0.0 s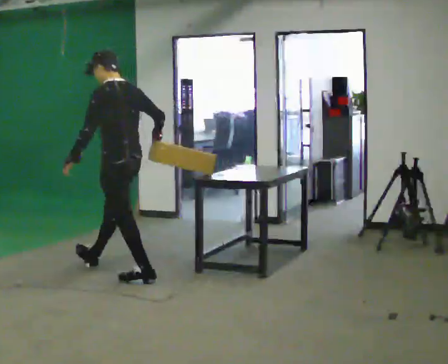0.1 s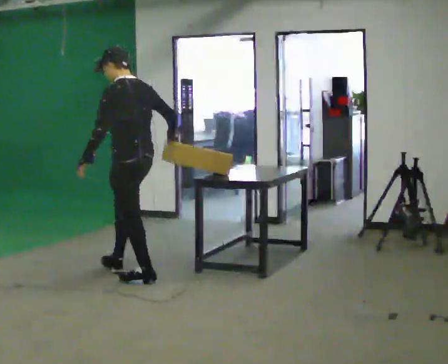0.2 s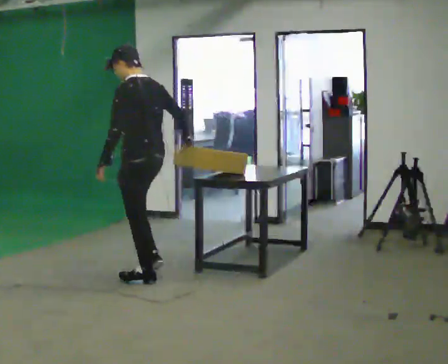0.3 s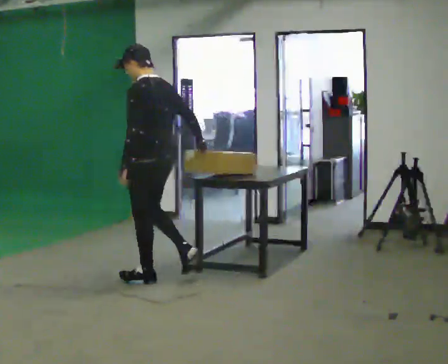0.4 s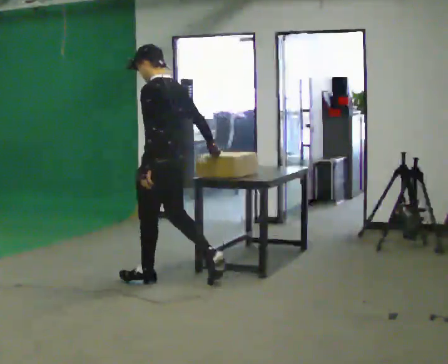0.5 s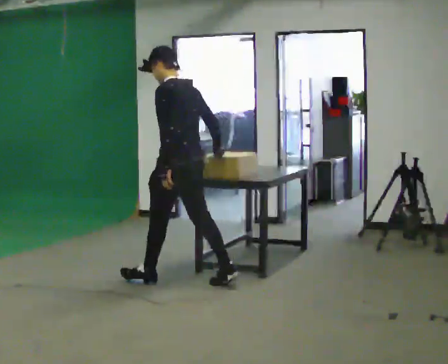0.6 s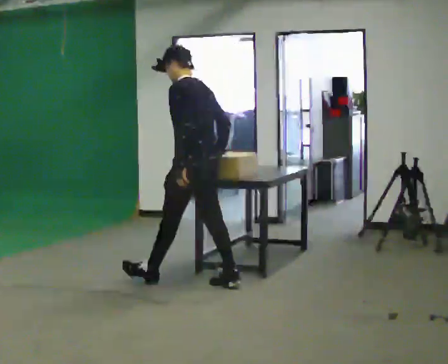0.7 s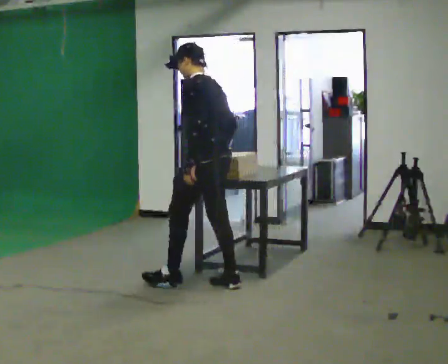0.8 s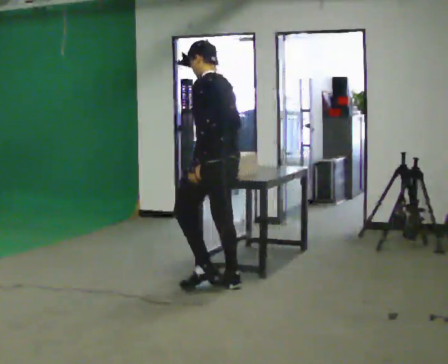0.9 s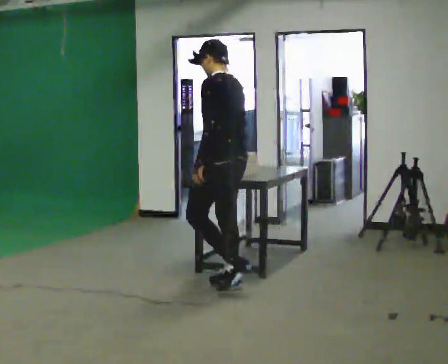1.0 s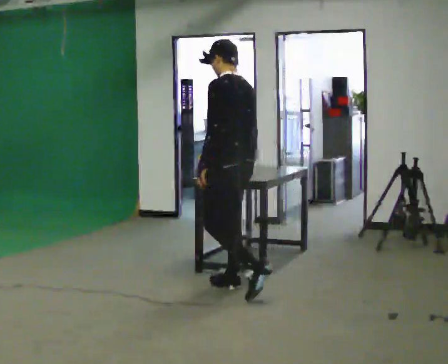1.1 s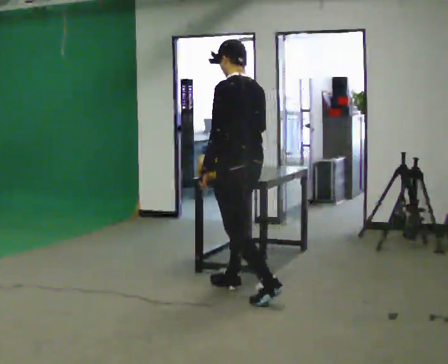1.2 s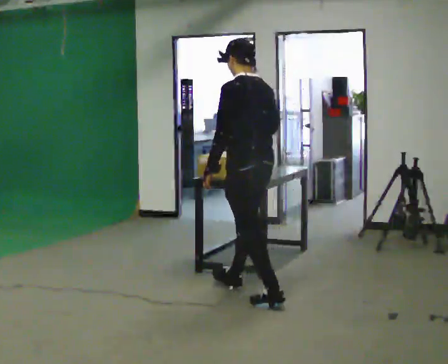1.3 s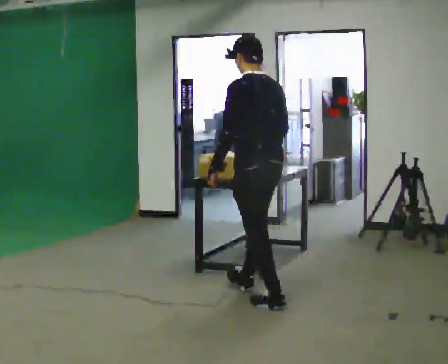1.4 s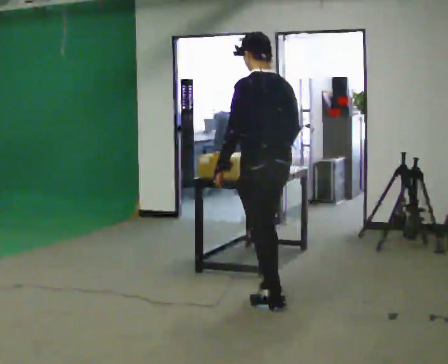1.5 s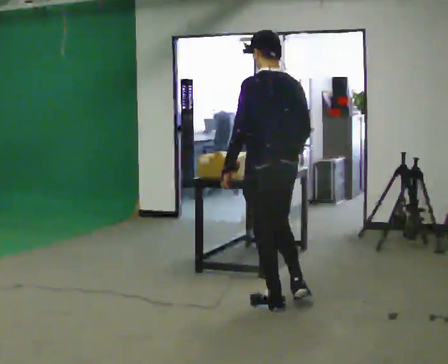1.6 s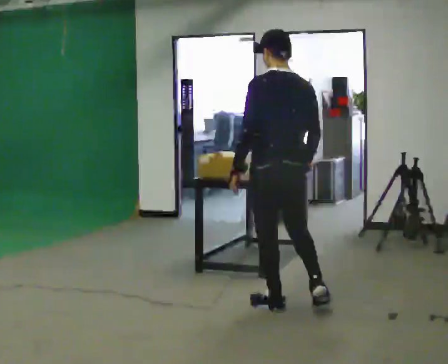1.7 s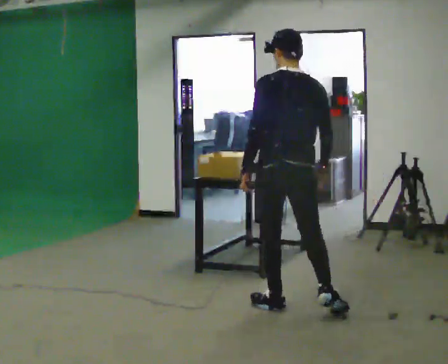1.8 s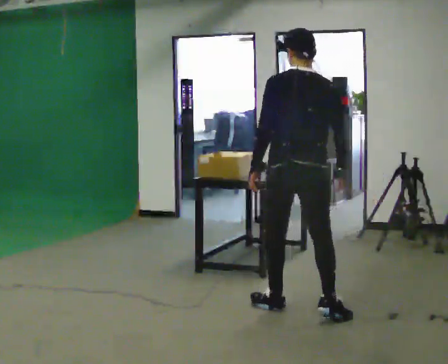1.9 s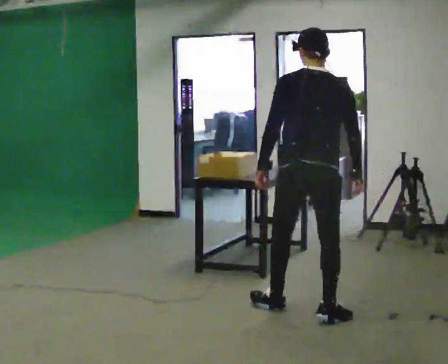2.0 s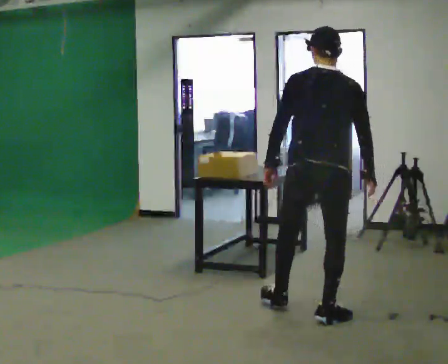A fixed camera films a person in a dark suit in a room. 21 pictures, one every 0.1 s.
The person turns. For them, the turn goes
to their right.
The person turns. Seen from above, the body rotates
clockwise.
0.0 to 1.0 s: In the picture they go to the right and toward the camera, about 1 m in 1 step, which for them is backward.
1.0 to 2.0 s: The person turns about 60 degrees to their right, clockwise seen from above, so the part of the body nearest the lens slides to the left. In the picture they go toward the camera and to the right, about 1 m in 1 step.
The film runs backward here.
